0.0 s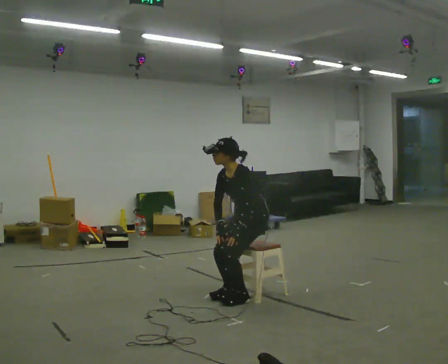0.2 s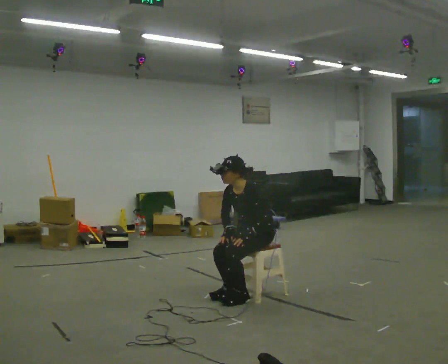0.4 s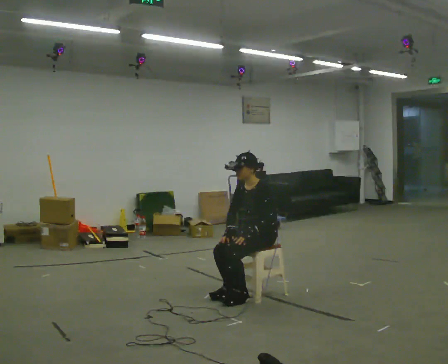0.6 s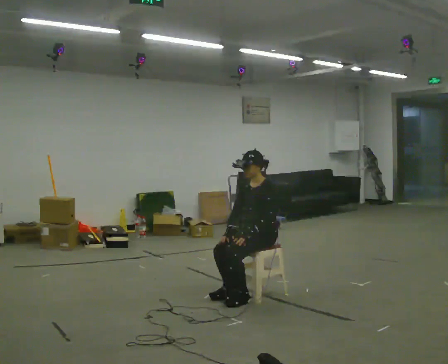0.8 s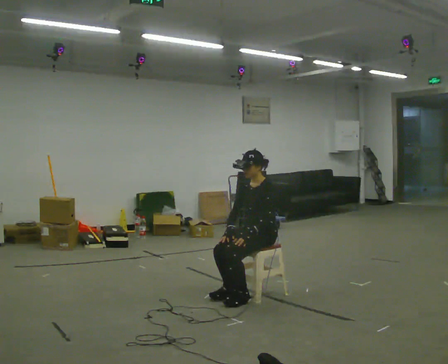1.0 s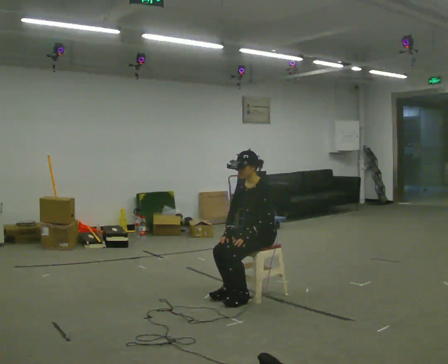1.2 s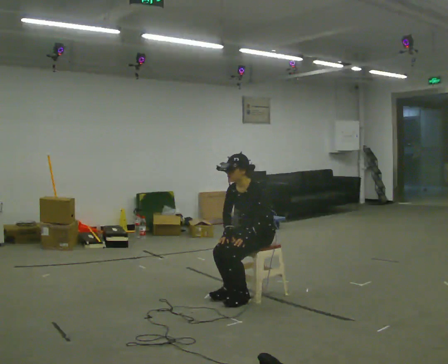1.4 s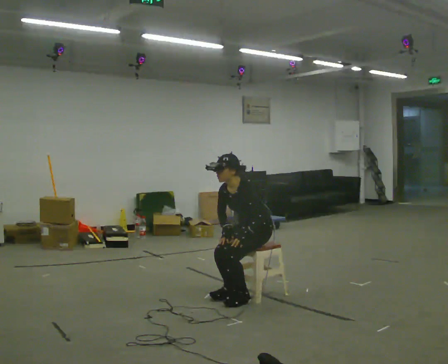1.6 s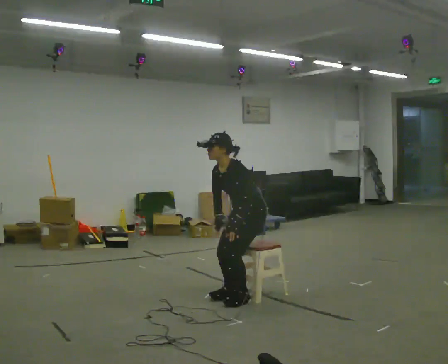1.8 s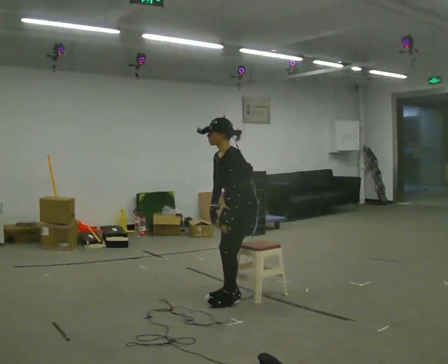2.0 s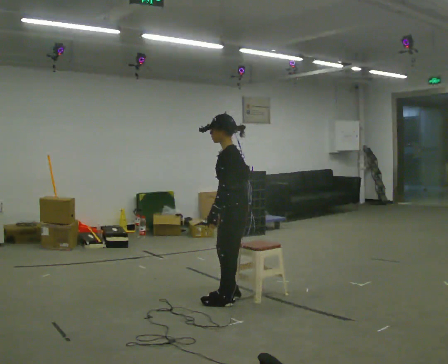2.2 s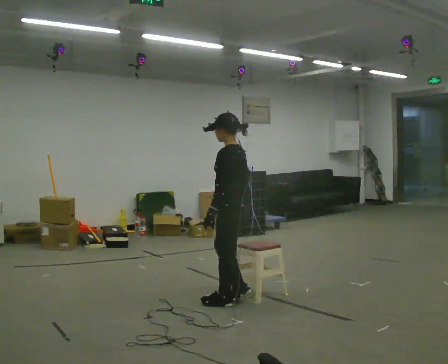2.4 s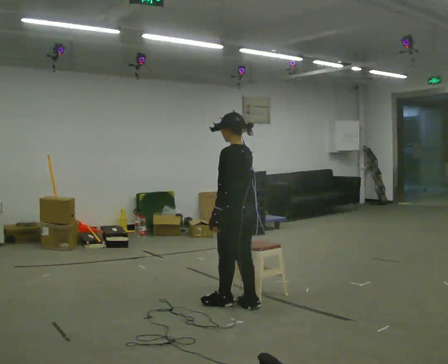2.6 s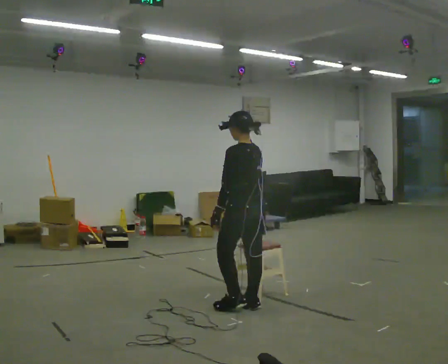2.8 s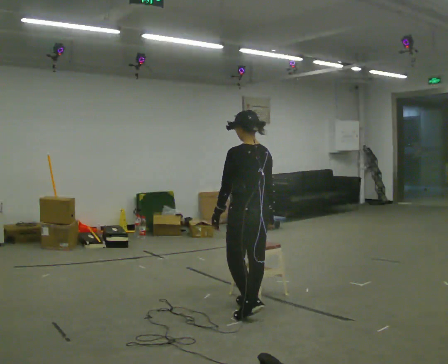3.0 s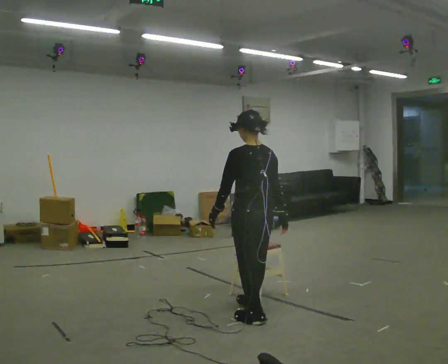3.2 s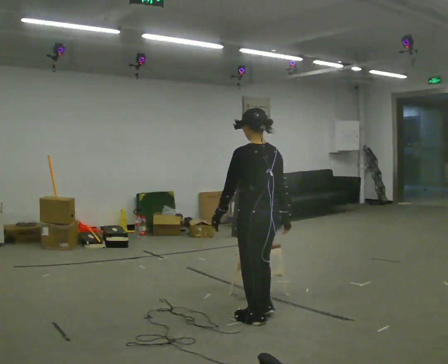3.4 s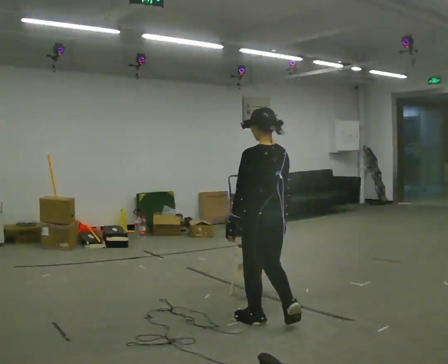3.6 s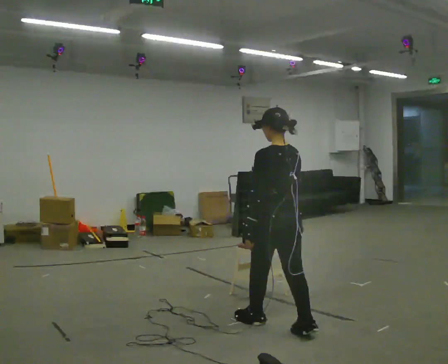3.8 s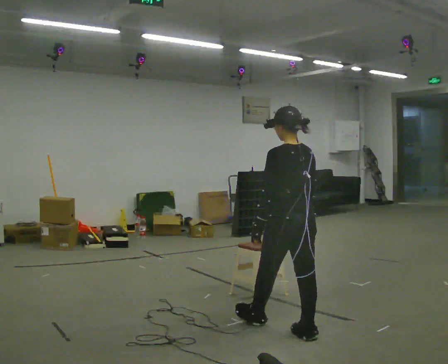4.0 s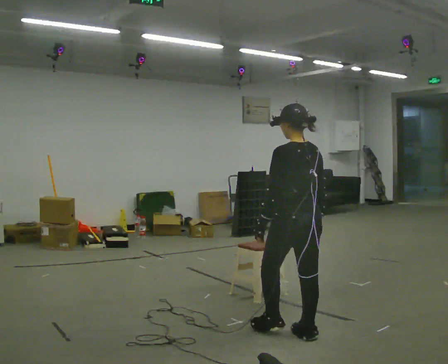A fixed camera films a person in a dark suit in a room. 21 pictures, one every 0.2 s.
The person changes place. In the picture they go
toward the camera.
The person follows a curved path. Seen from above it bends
counterclockwise.
0.0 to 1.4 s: The shoulders move downward.
1.4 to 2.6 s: The part of the body nearest the lens slides to the left as the person turns to their right by about 75 degrees. In the picture they go toward the camera, about 0.5 m in 3 steps. The shoulders move upward. The upper body tips away from the camera, its near side rolling upward.
2.6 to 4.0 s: In the picture they go toward the camera and to the right, about 0.75 m in 2 steps, which for them is backward.
The film runs backward here.
